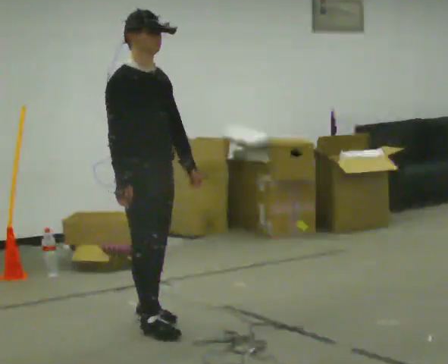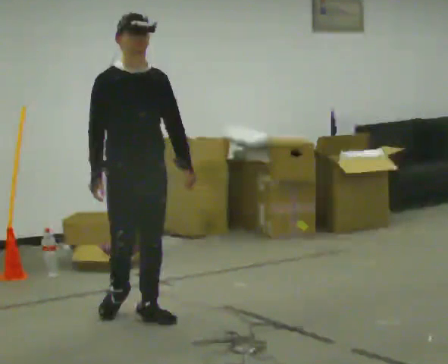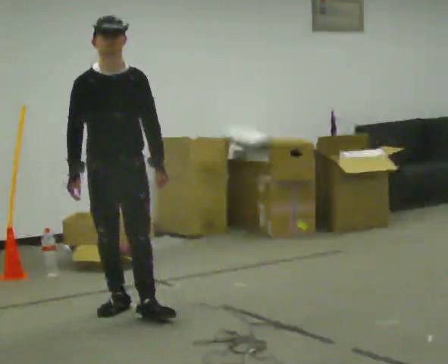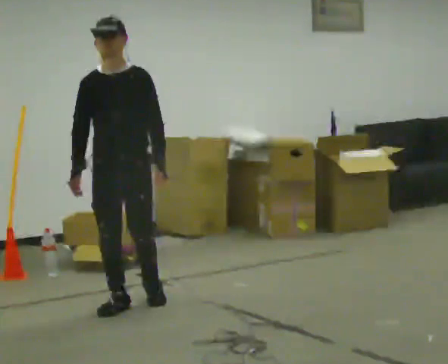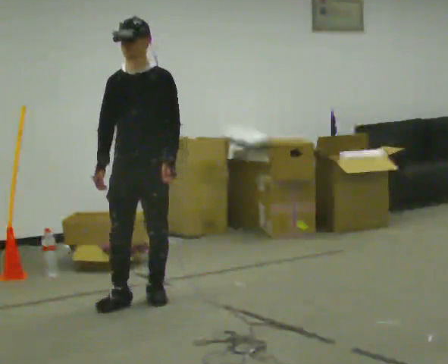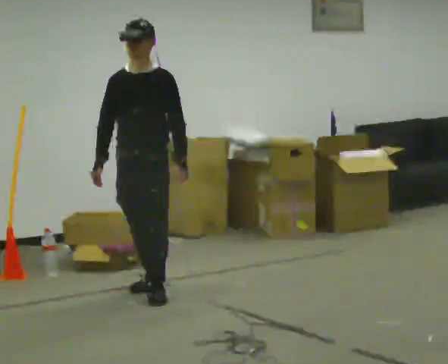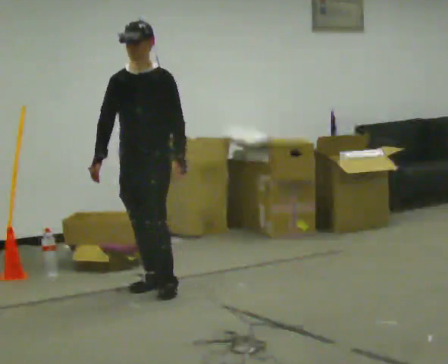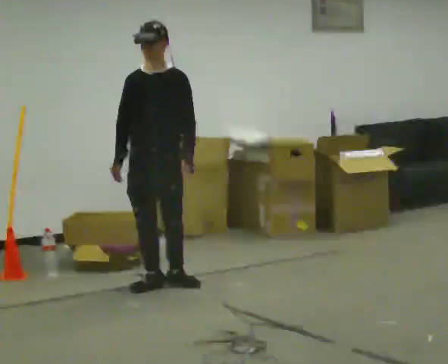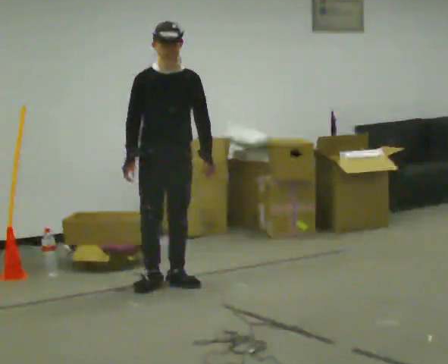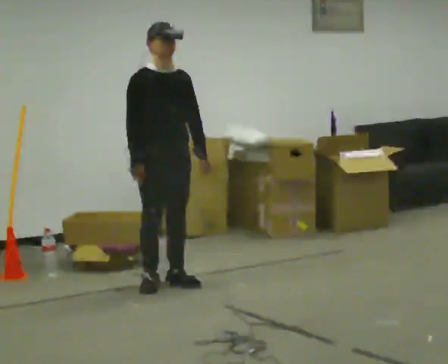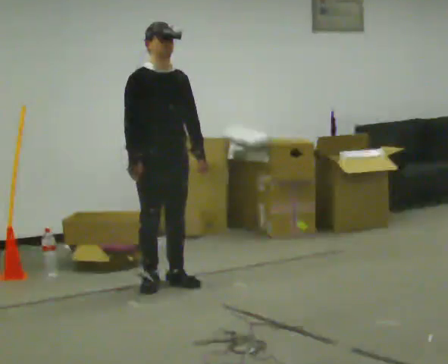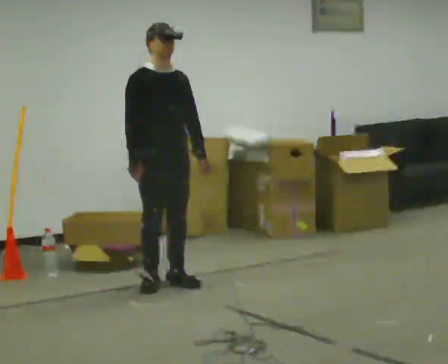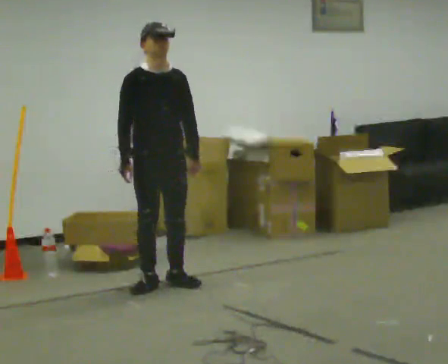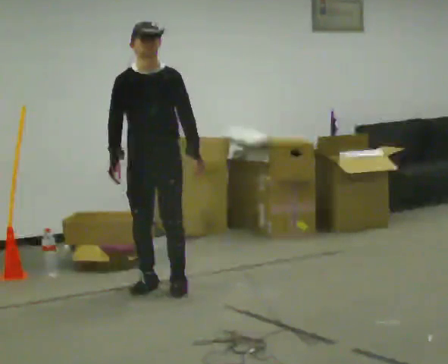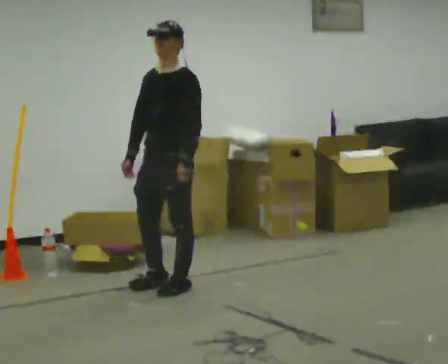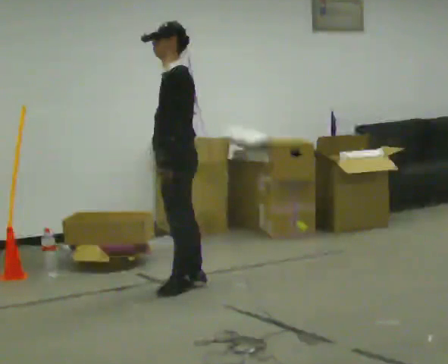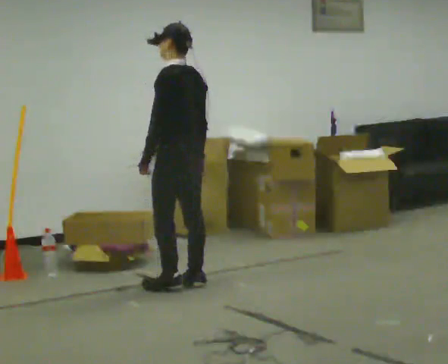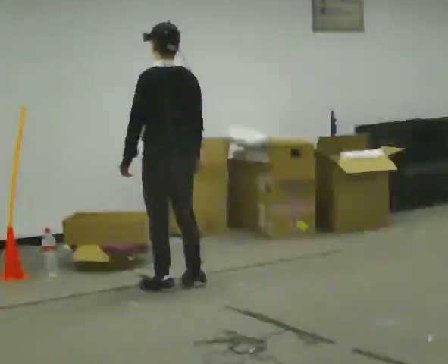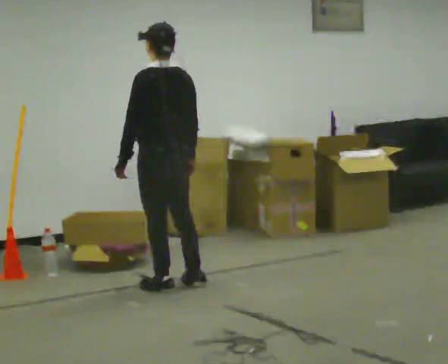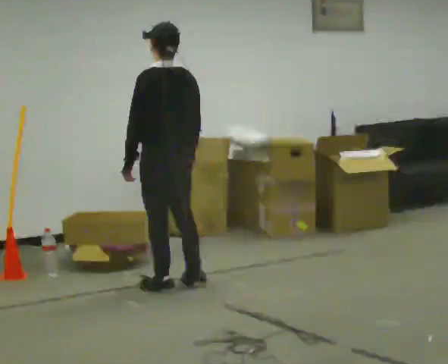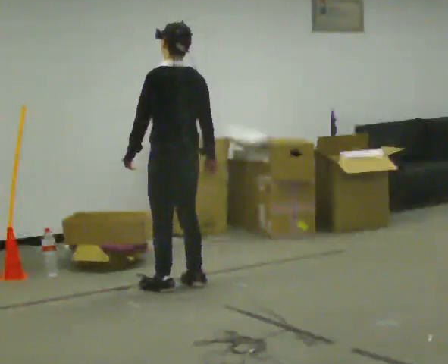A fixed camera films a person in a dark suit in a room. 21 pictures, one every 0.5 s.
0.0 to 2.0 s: Seen from above the body turns clockwise, about 75 degrees: to their right, with its near side sliding to the left. In the picture they go away from the camera, about 0.5 m in 3 steps.
2.0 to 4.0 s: Seen from above the body turns counterclockwise, about 30 degrees: to their left, with its near side sliding to the right. In the picture they go away from the camera and to the right, about 0.5 m in 1 step, which for them is backward.
4.0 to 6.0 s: The person moves a little, or ends about where they began.
6.0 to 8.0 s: The person turns about 150 degrees to their right, clockwise seen from above, so the part of the body nearest the lens slides to the left. In the picture they go to the right, about 0.25 m in 2 steps. In the picture their left hand goes to the left, the arm swinging clockwise.
8.0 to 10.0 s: The person moves a little, or ends about where they began.
The film runs backward here.
